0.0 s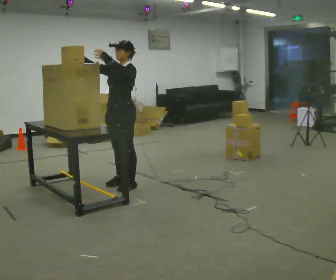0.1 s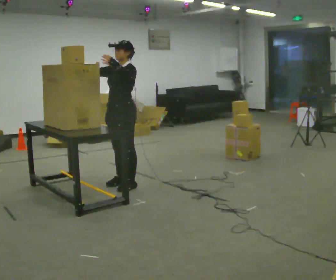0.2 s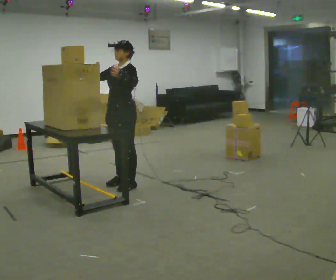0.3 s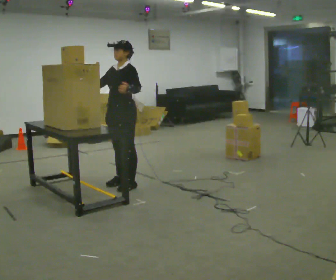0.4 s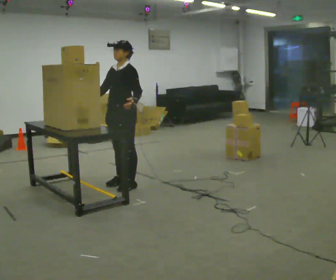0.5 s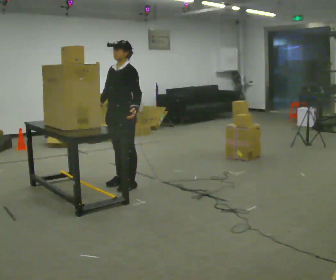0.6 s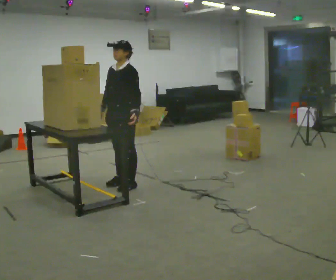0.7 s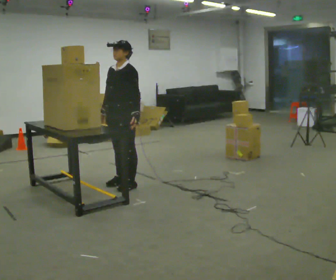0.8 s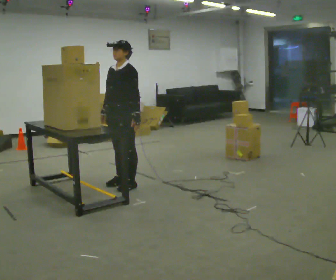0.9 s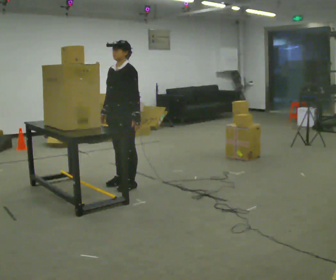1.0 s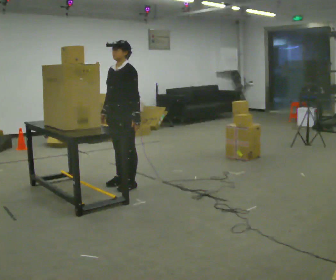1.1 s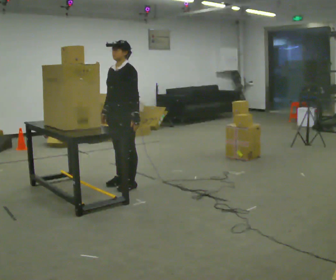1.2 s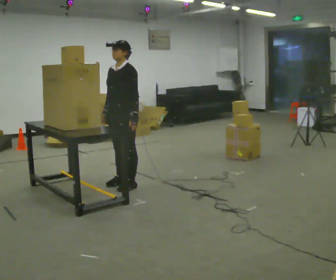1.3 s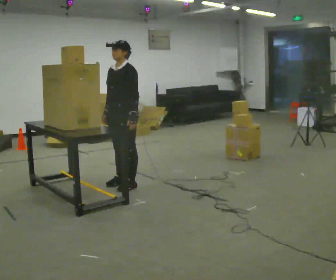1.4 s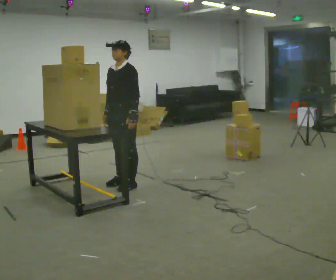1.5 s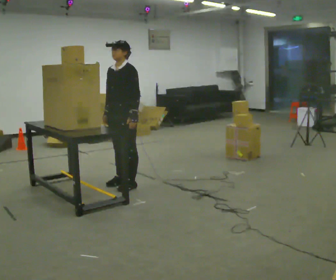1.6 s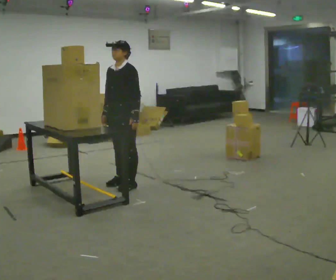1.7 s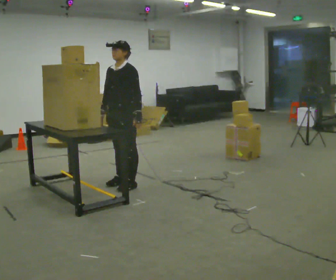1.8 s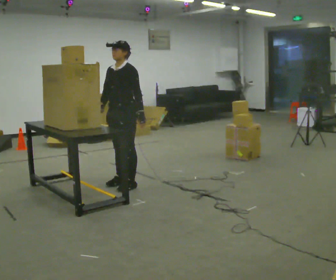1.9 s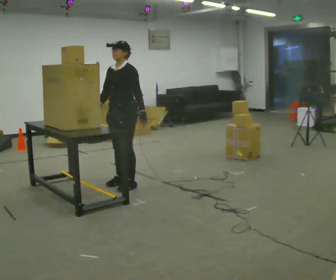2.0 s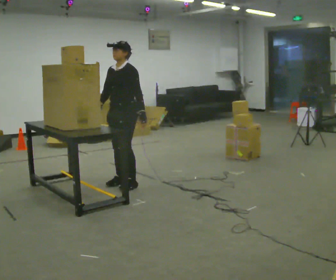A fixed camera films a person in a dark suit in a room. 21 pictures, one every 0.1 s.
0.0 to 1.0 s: In the picture their right hand goes downward, the arm swinging counterclockwise.
1.0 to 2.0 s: The person moves a little, or ends about where they began.
The film runs backward here.
